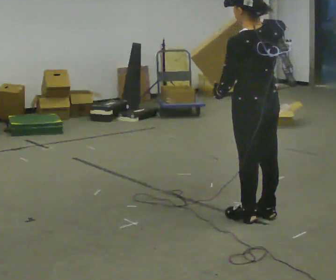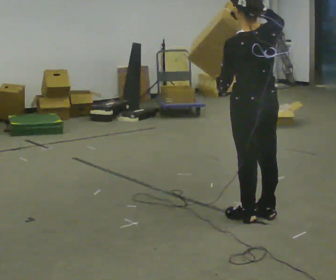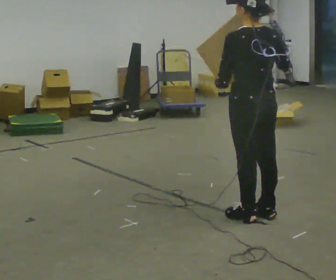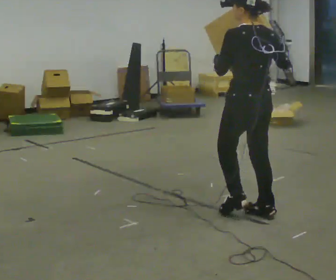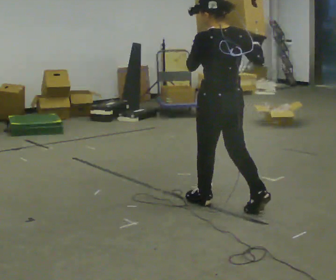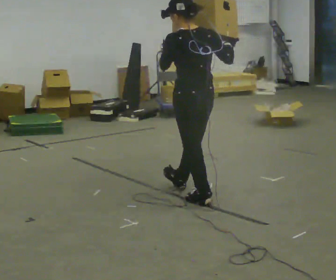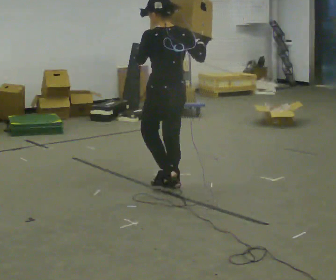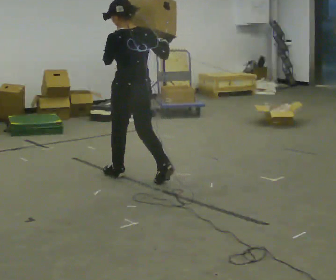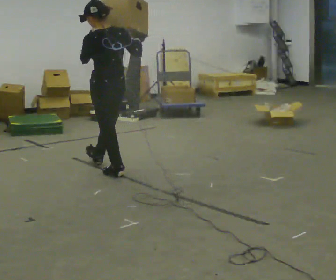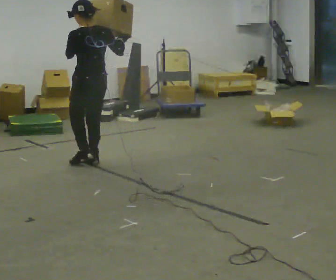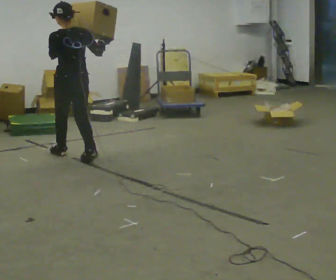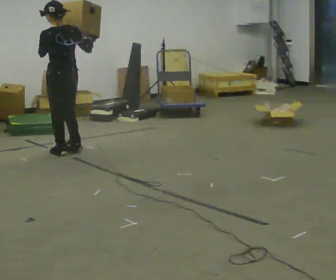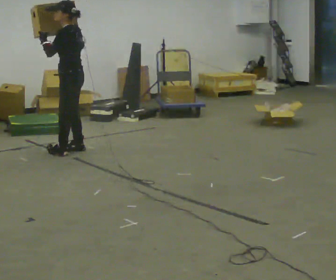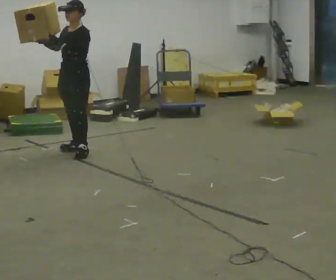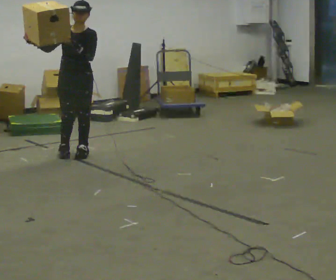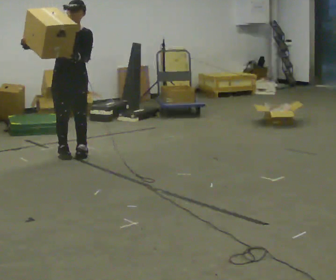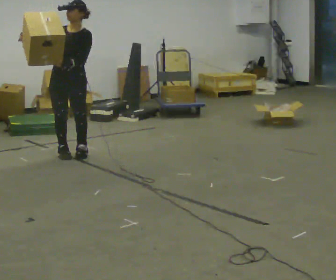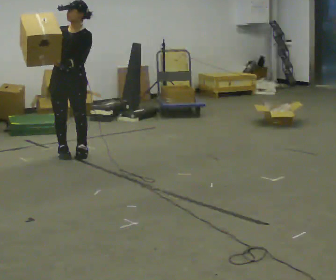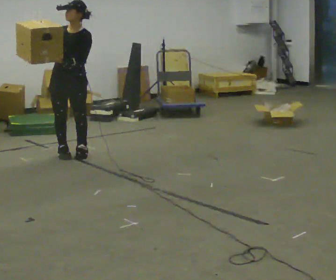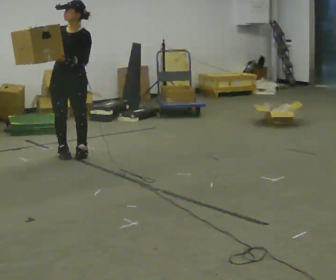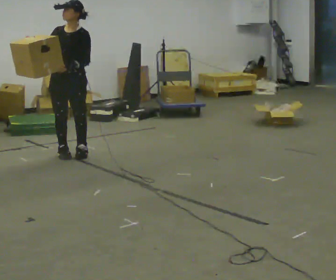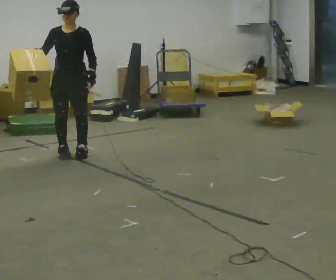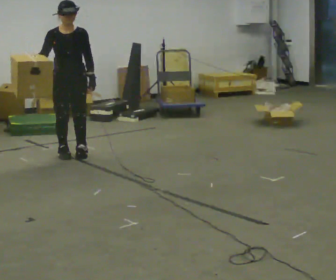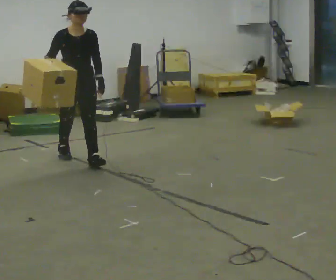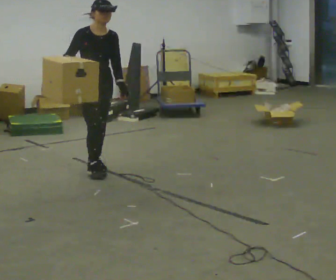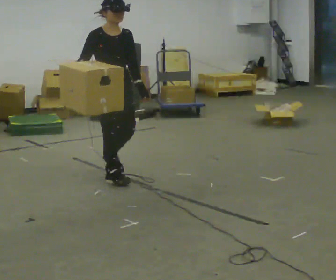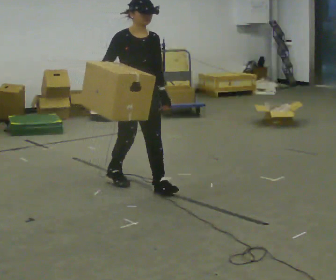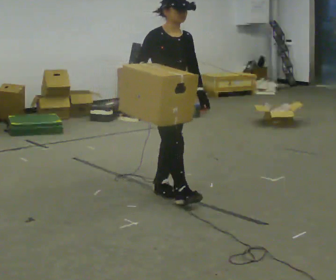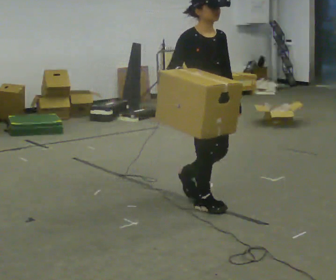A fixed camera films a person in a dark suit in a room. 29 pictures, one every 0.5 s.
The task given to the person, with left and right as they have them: Carry the box and, while walking, shift it to a different hold: front, then hip, then shoulder, then back to front. Do not stop walking.
0.0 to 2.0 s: In the picture they go away from the camera and to the left, about 0.25 m in 1 step, which for them is forward.
2.0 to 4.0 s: In the picture they go away from the camera and to the left, about 1.5 m in 2 steps, which for them is forward.
4.0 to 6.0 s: The person turns about 45 degrees to their left, counterclockwise seen from above, so the part of the body nearest the lens slides to the right. In the picture they go away from the camera, about 1 m in 3 steps.
6.0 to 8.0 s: The part of the body nearest the lens slides to the right as the person turns to their left by about 90 degrees. In the picture the upper body tilts clockwise, shoulders to the right. In the picture their right hand goes to the left.
8.0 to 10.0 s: The person moves a little, or ends about where they began.
10.0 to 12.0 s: The person turns about 45 degrees to their left, counterclockwise seen from above, so the part of the body nearest the lens slides to the right. In the picture they go toward the camera, about 0.5 m in 1 step, which for them is forward.
12.0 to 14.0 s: In the picture they go toward the camera and to the right, about 1.5 m in 3 steps, which for them is forward.
The film runs forward here.
